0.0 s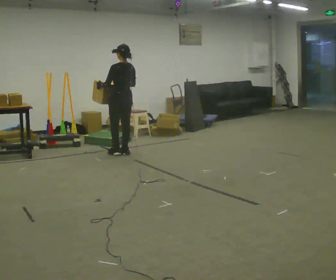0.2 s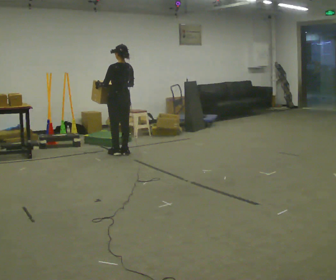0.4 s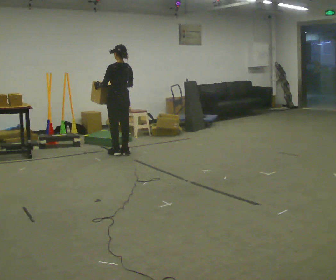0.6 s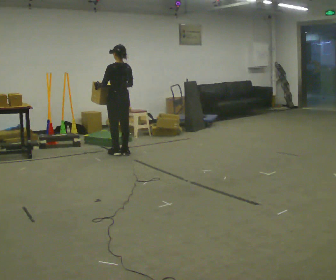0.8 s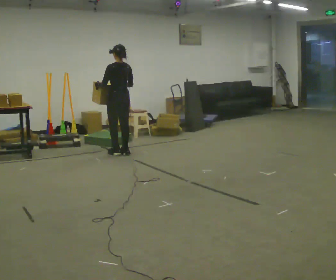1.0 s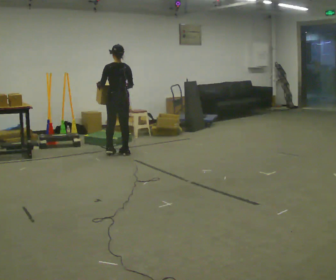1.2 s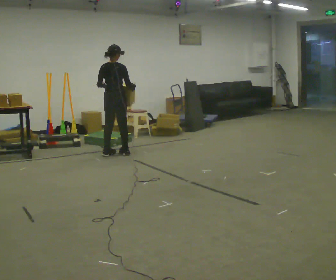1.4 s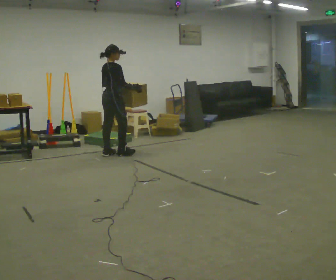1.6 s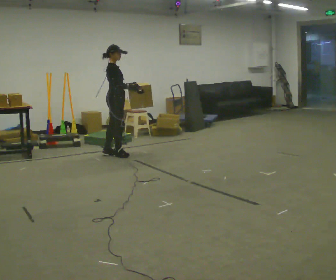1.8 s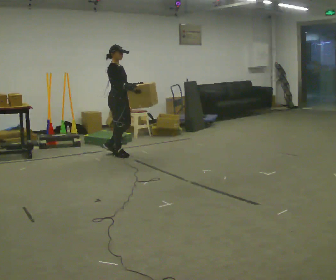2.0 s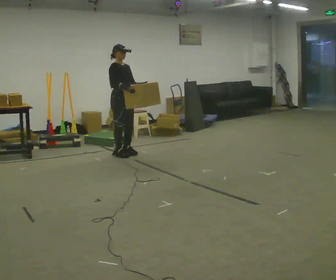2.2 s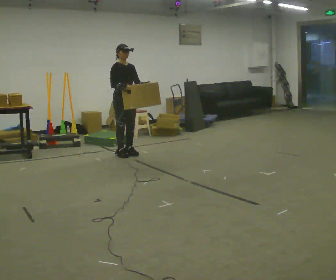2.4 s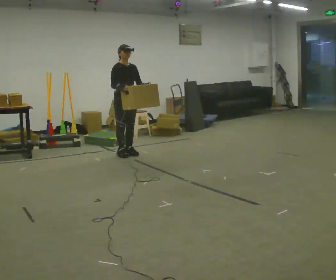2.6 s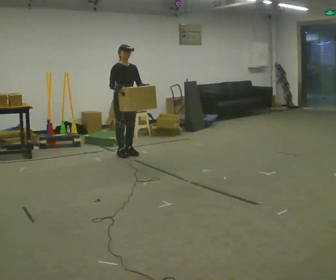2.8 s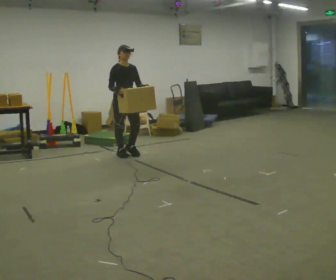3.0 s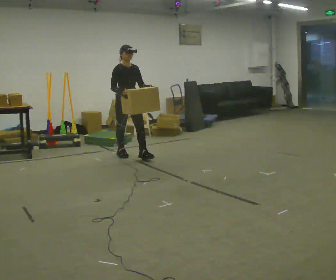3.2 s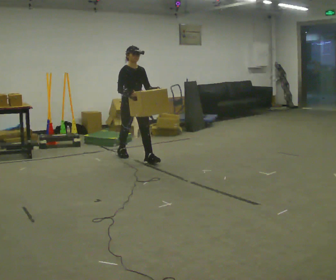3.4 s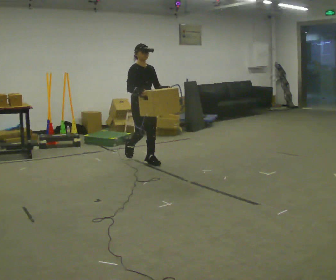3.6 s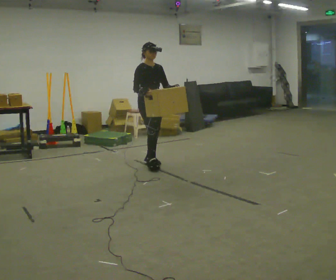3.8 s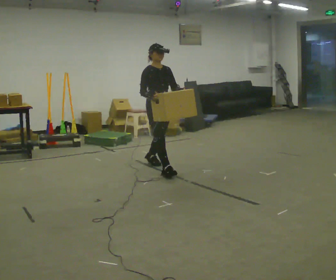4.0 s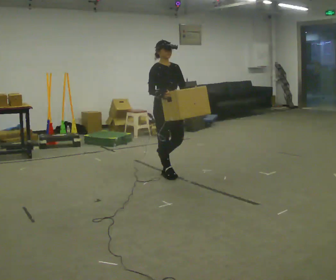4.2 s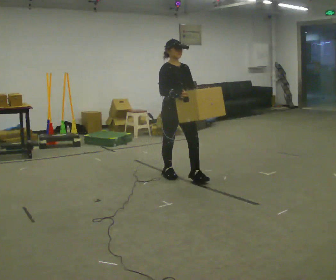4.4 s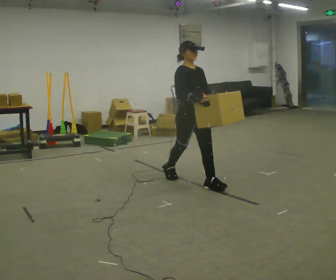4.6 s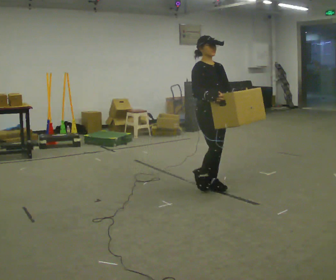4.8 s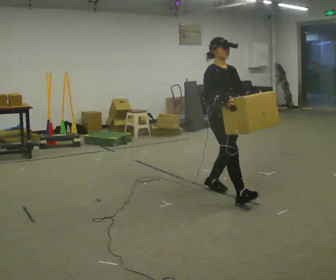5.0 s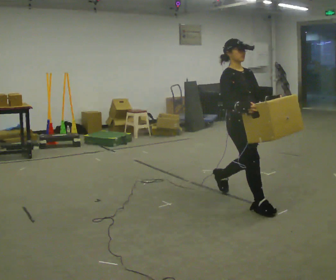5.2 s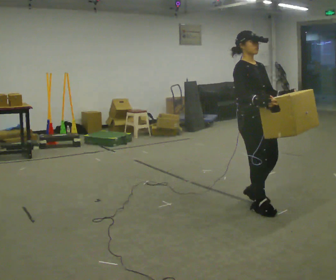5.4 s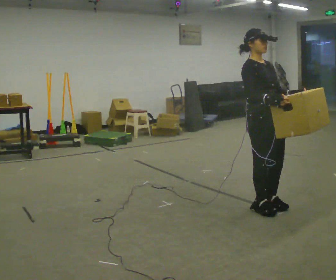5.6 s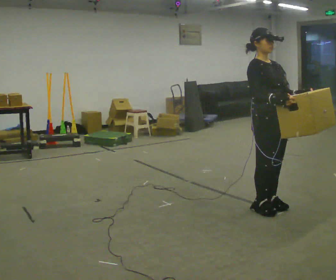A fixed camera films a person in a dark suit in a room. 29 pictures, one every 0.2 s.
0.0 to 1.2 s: Seen from above the body turns clockwise, about 45 degrees: to their right, with its near side sliding to the left.
1.2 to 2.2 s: The part of the body nearest the lens slides to the left as the person turns to their right by about 120 degrees.
2.2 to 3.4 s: In the picture they go toward the camera and to the right, about 0.5 m in 1 step, which for them is forward.
3.4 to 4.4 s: In the picture they go toward the camera and to the right, about 1 m in 2 steps, which for them is forward.
4.4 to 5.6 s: In the picture they go toward the camera and to the right, about 1 m in 2 steps, which for them is forward.
The film runs forward here.
